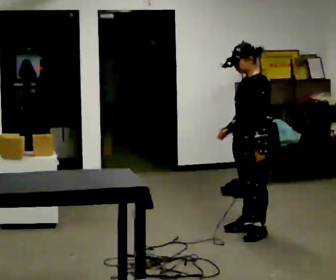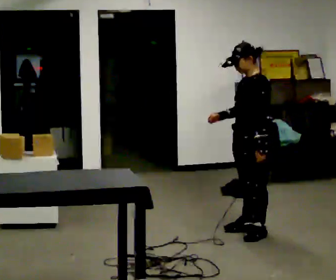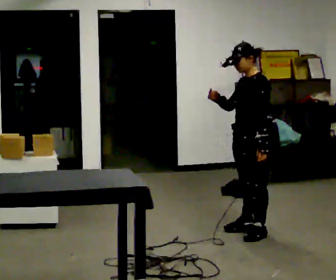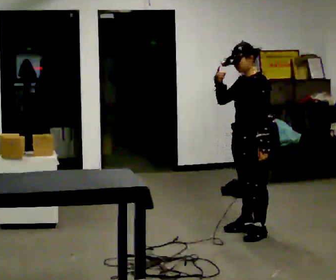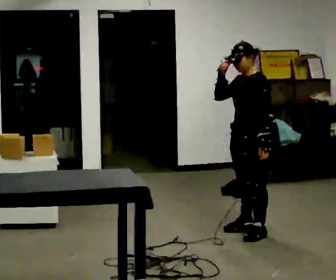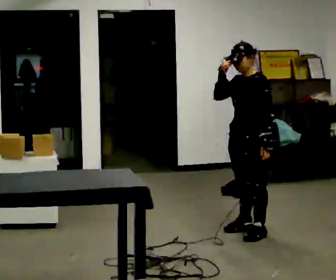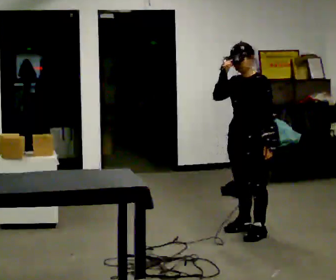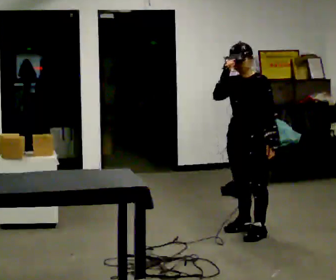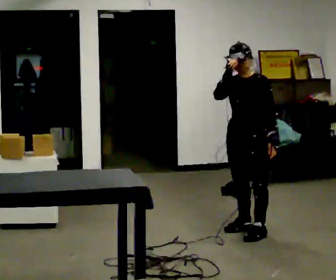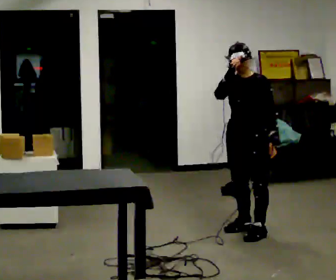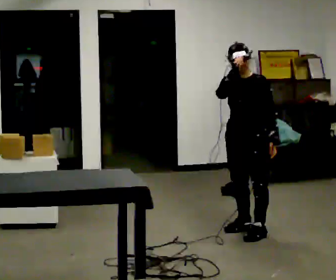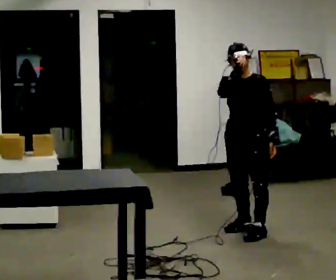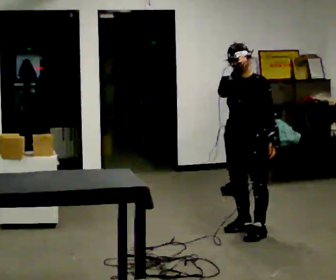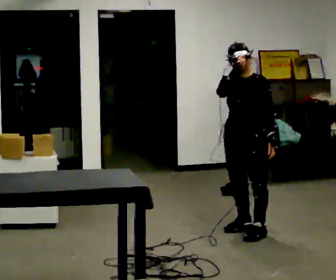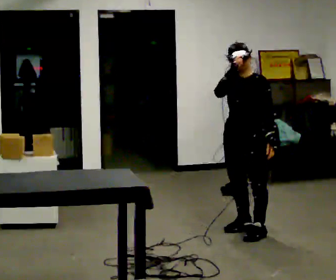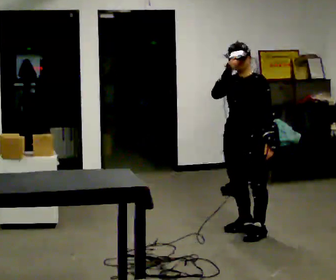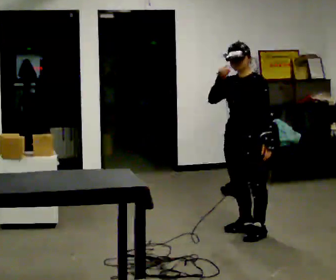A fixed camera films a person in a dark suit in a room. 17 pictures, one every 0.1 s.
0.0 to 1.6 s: The person turns about 30 degrees to their left, counterclockwise seen from above, so the part of the body nearest the lens slides to the right. In the picture their right hand goes upward.
The film runs backward here.
